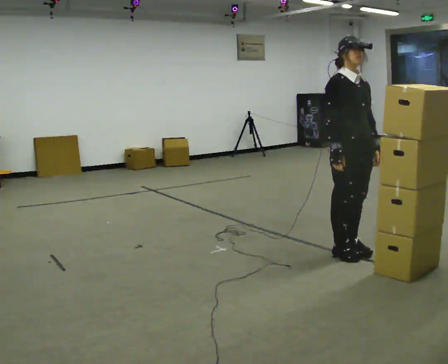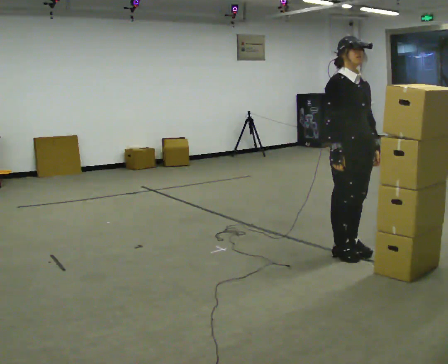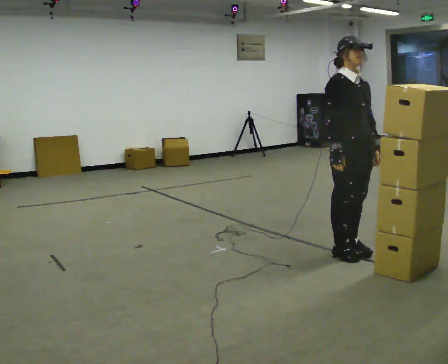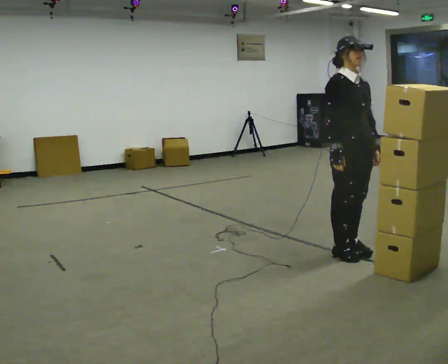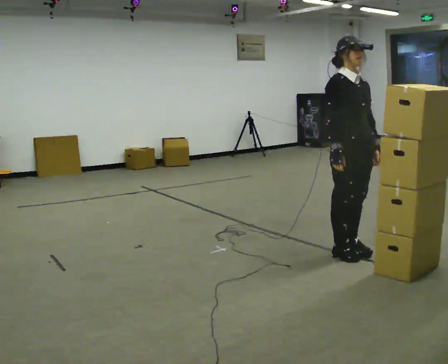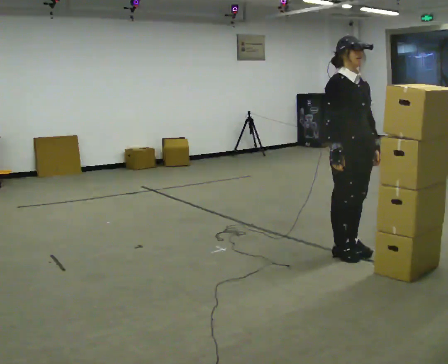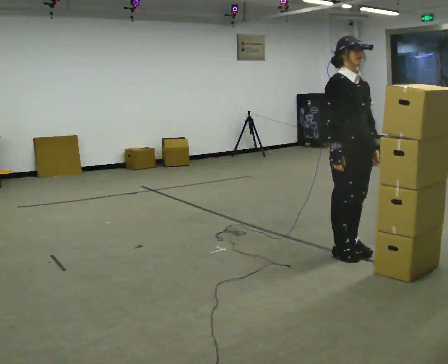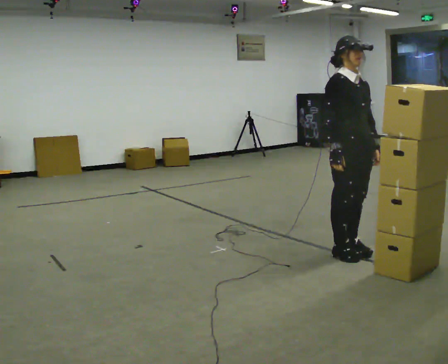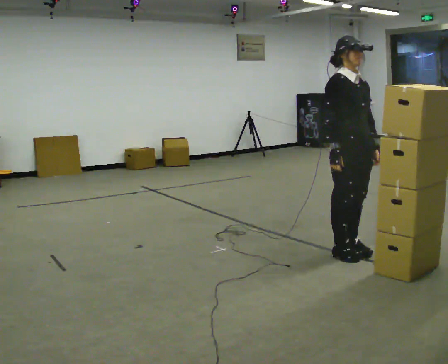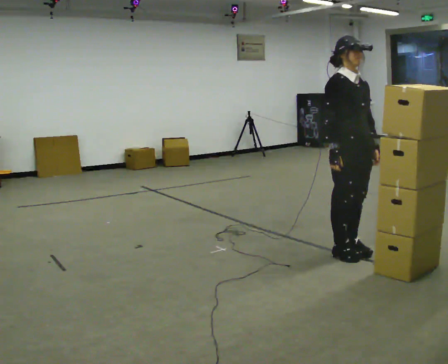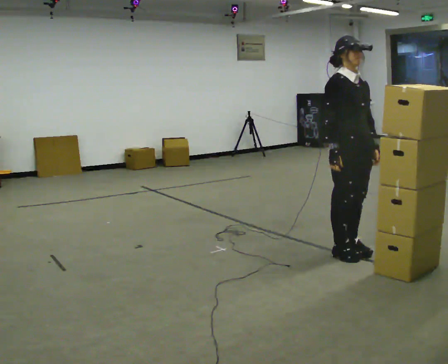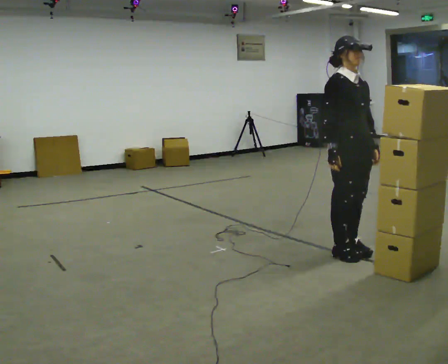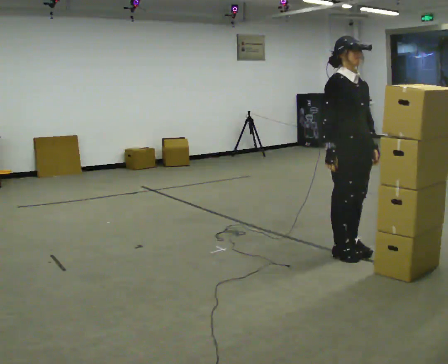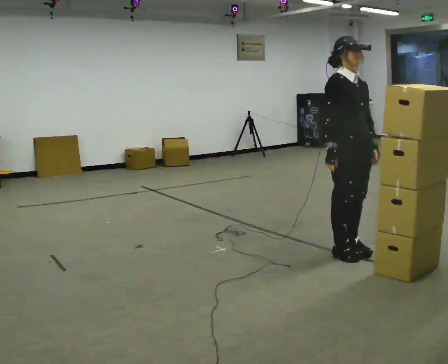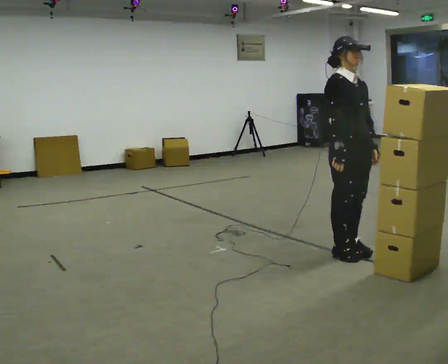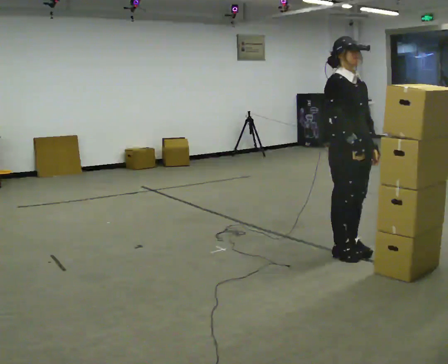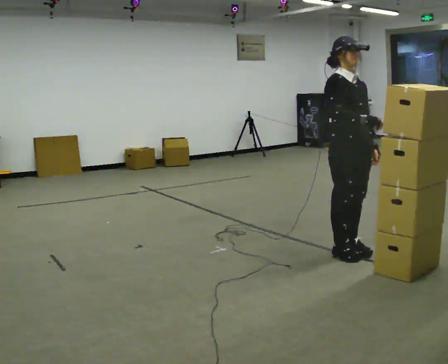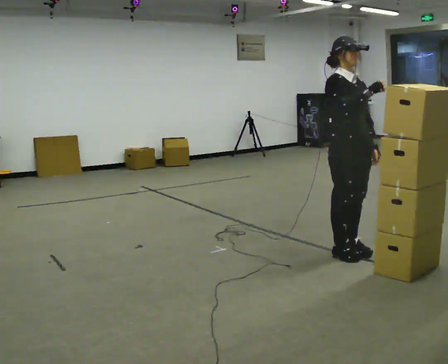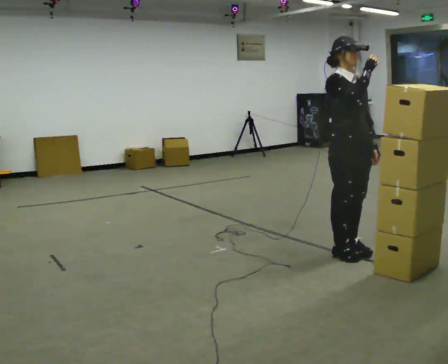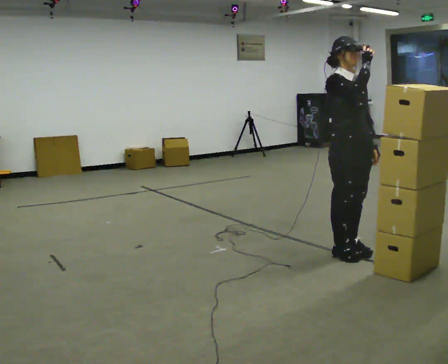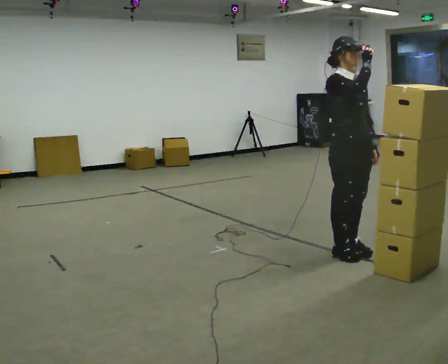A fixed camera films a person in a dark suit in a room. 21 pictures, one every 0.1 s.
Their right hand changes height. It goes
upward.
0.0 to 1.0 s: The person keeps their place and pose.
1.0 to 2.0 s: In the picture their right hand goes upward.
The film runs backward here.
